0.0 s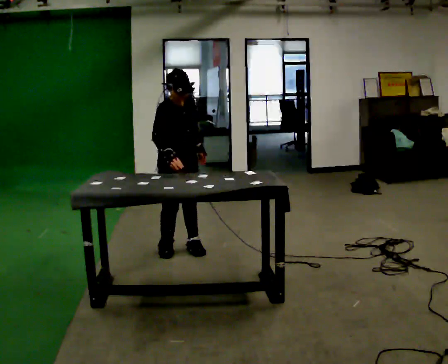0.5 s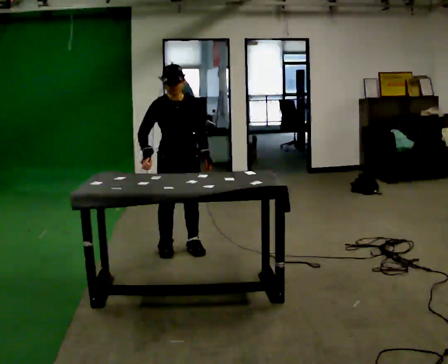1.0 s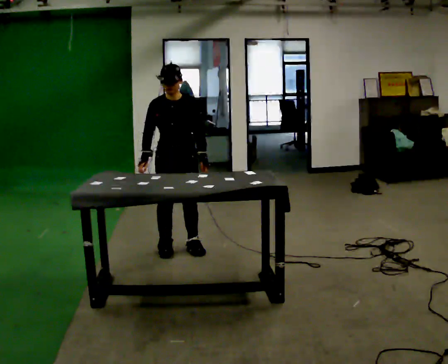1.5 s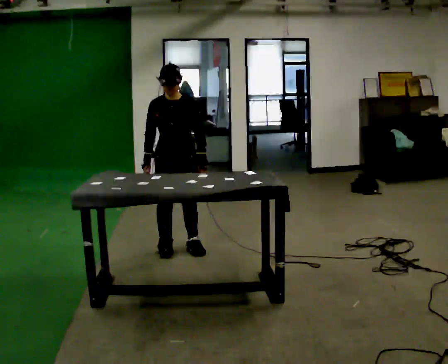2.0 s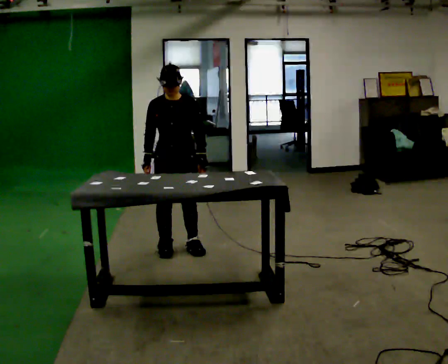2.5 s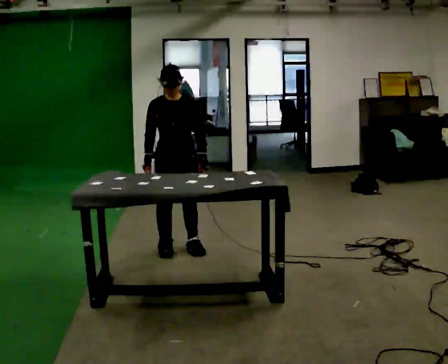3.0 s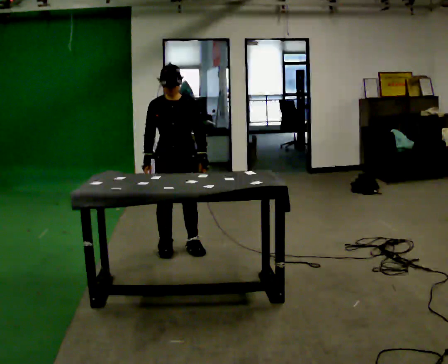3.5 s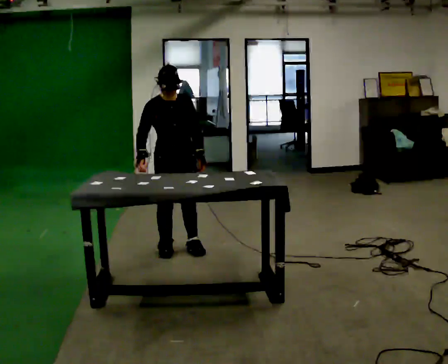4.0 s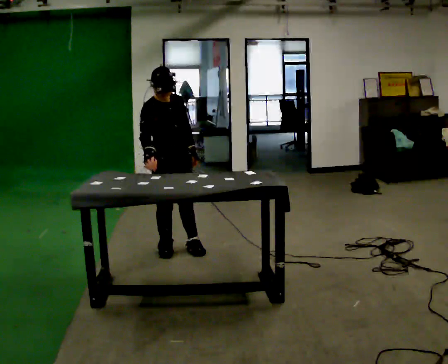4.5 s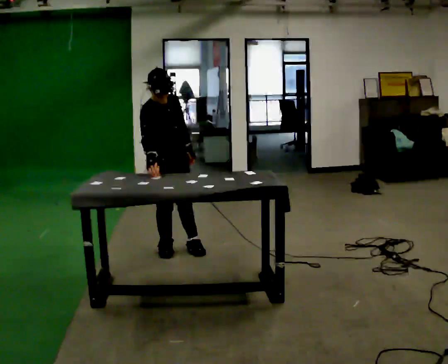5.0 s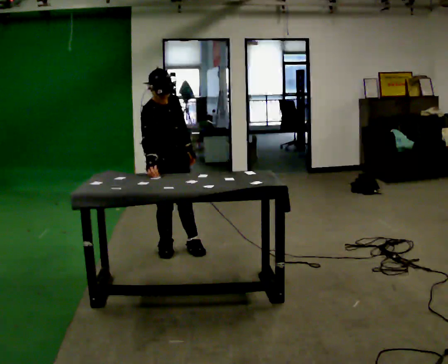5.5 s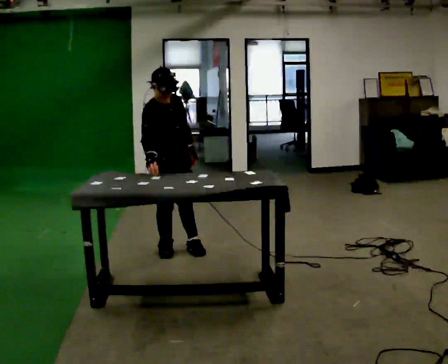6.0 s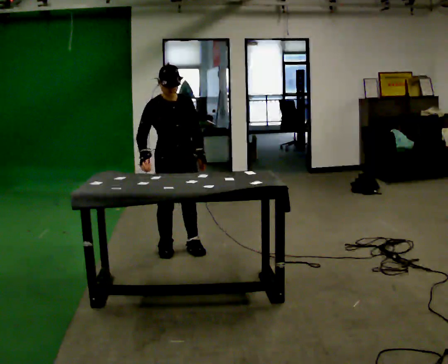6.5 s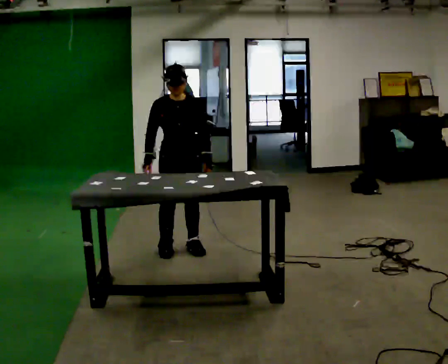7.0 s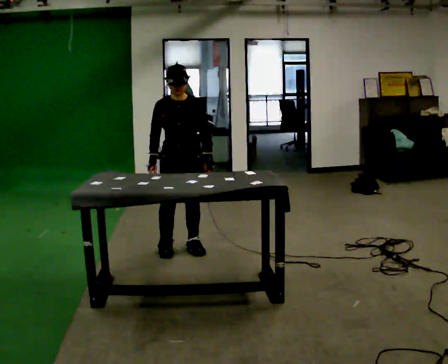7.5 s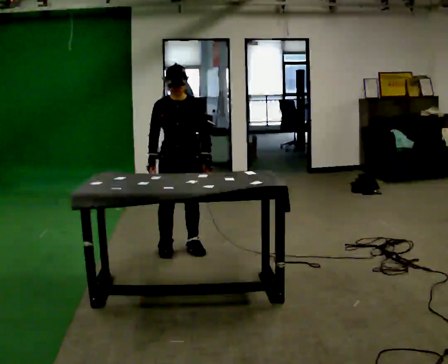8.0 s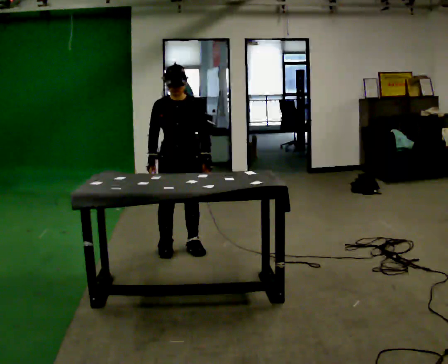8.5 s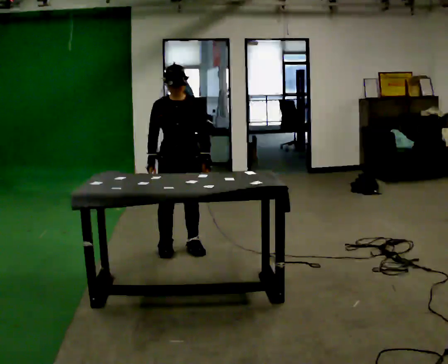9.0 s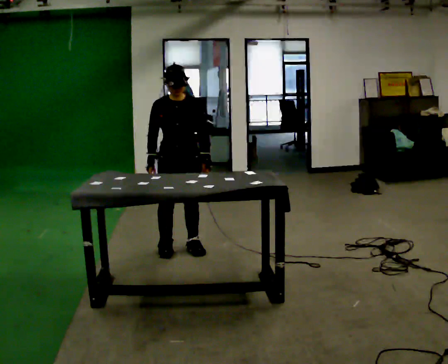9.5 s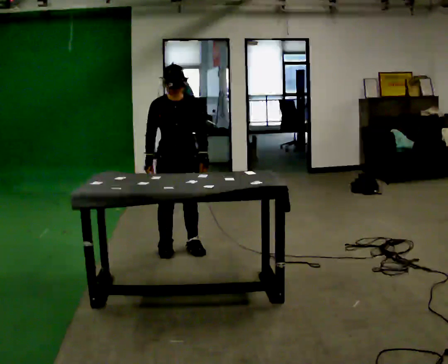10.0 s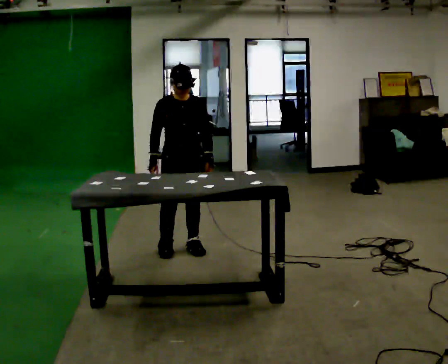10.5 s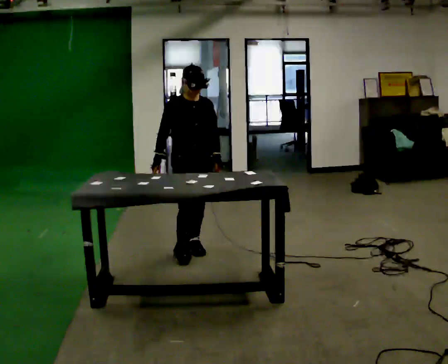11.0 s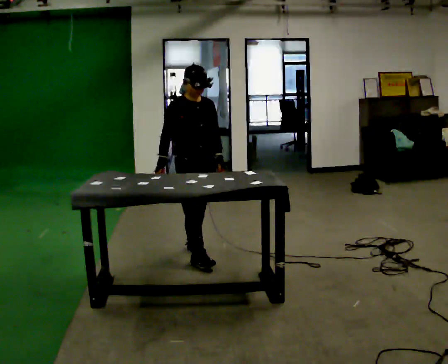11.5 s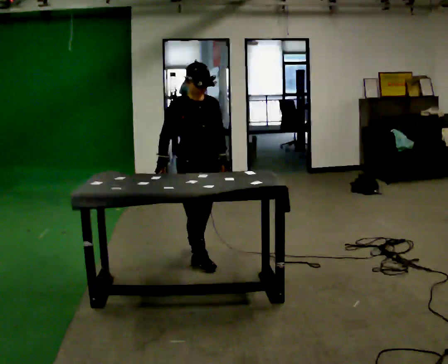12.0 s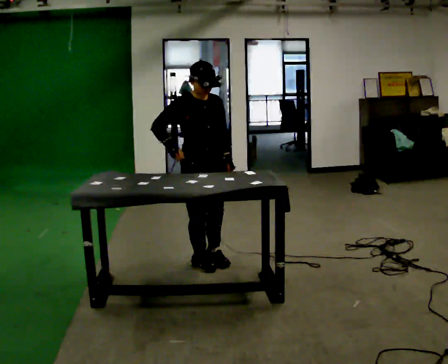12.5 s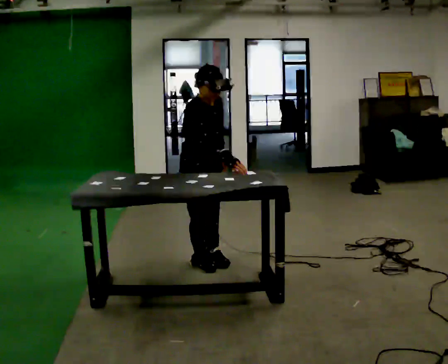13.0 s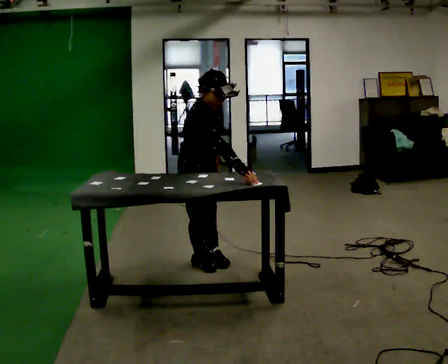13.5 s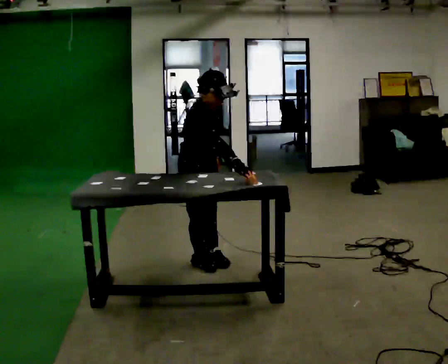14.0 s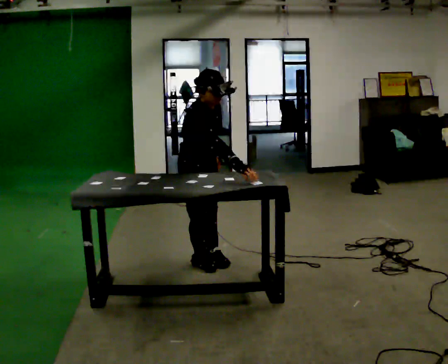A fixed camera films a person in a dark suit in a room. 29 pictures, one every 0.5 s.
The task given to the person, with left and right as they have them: Touch each numbered target on the board in front of you in the order the operator calls. Keep both feet on the marked spots for the whole take. If you have to step, stop and tell the operator.
0.0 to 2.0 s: The part of the body nearest the lens slides to the left as the person turns to their right by about 45 degrees. The upper body tips away from the camera, its near side rolling upward, as they lean back or straighten.
2.0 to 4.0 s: The person turns about 45 degrees to their left, counterclockwise seen from above, so the part of the body nearest the lens slides to the right.
4.0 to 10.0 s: Seen from above the body turns clockwise, about 30 degrees: to their right, with its near side sliding to the left.
10.0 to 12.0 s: In the picture they go toward the camera, about 0.25 m in 2 steps, which for them is forward.
12.0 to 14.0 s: The part of the body nearest the lens slides to the right as the person turns to their left by about 30 degrees. The upper body tips toward the camera, its near side rolling downward, as they bend forward. In the picture their right hand goes to the right.
The film runs forward here.
